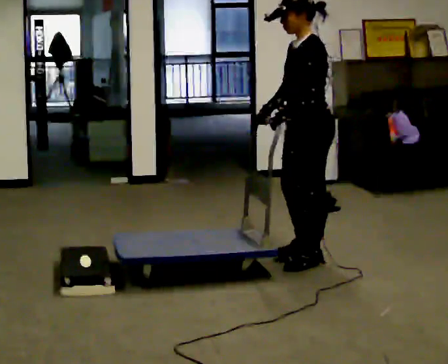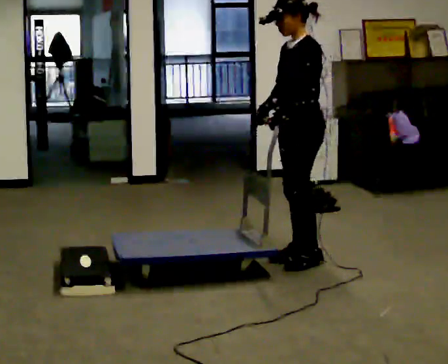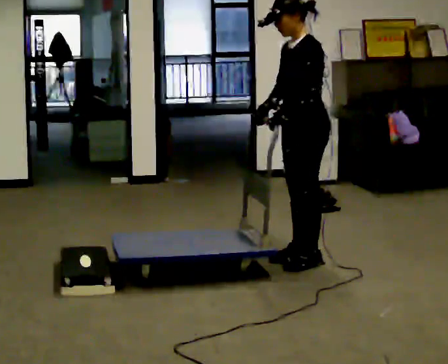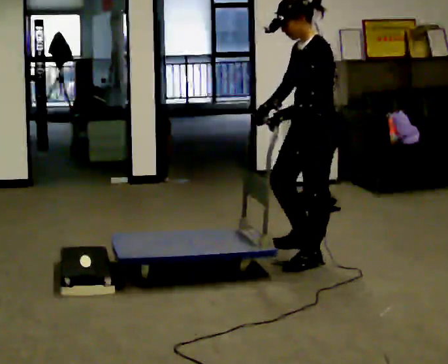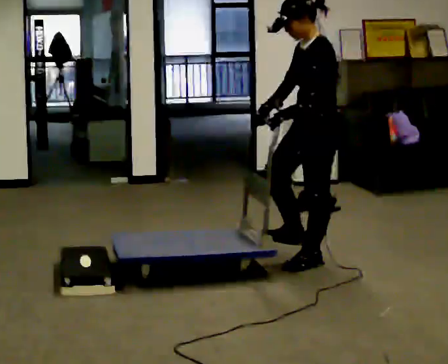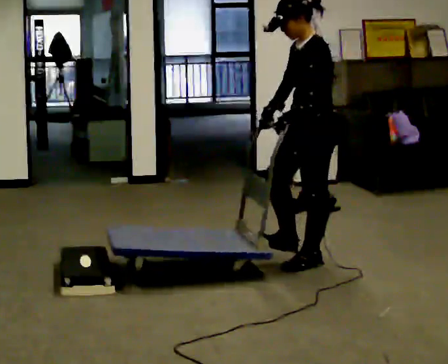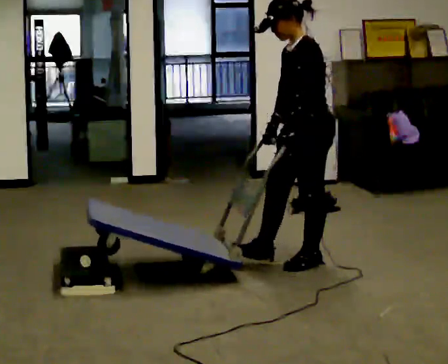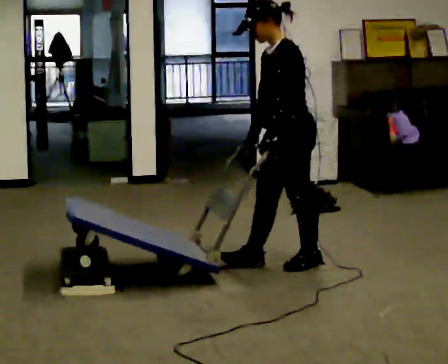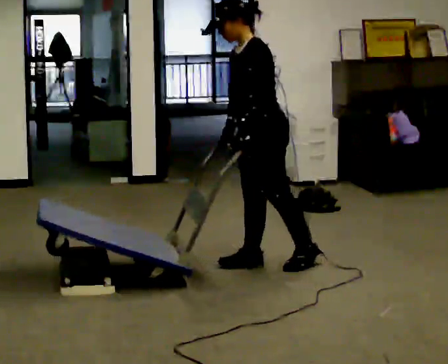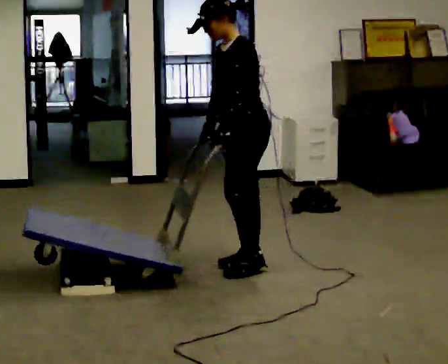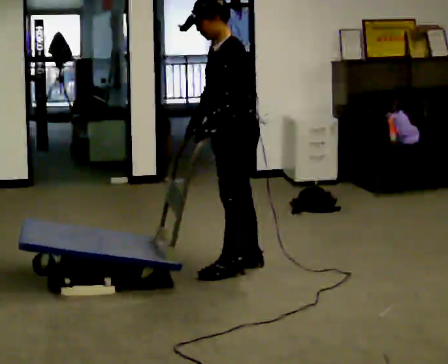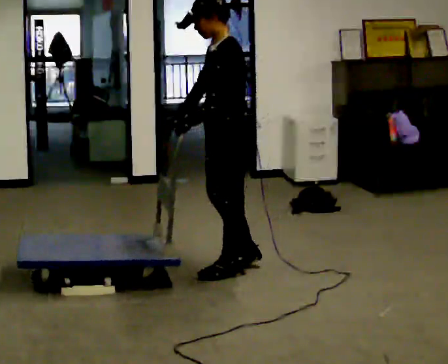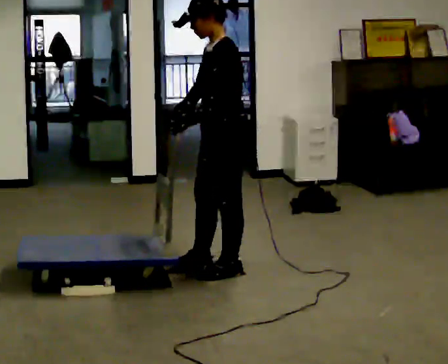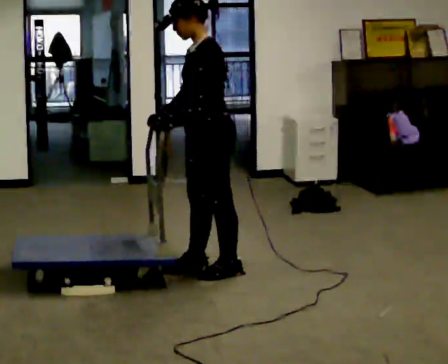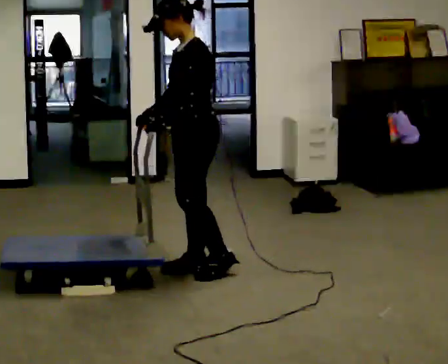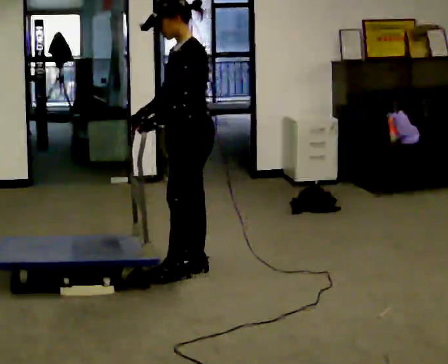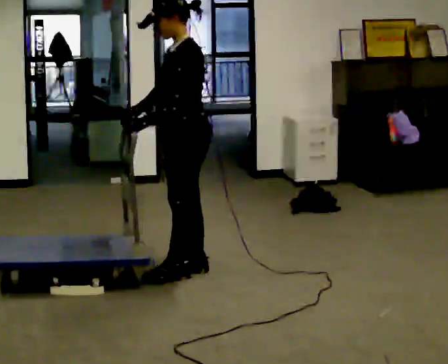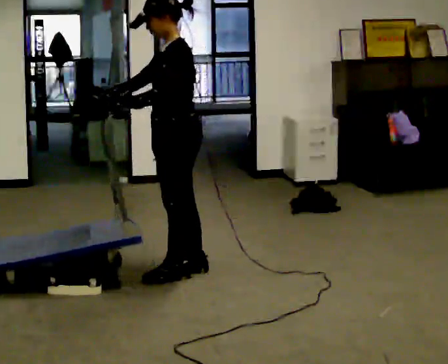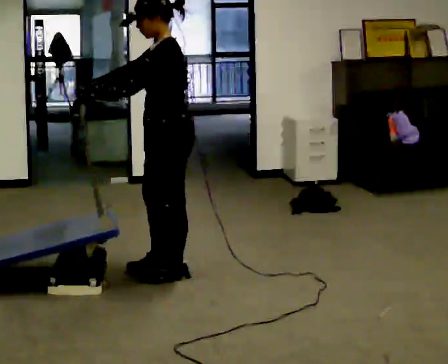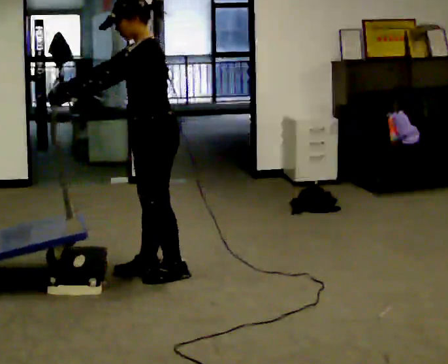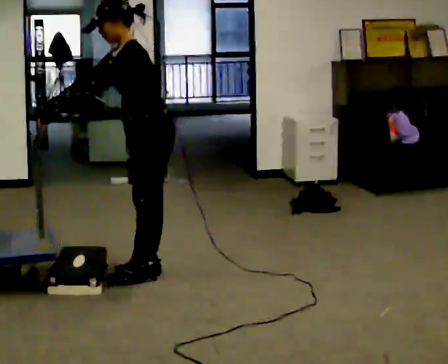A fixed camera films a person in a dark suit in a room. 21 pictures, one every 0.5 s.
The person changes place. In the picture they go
to the left.
0.0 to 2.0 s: The person moves a little, or ends about where they began.
2.0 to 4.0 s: In the picture they go to the left, about 0.25 m in 1 step, which for them is forward.
4.0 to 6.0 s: In the picture they go to the left and toward the camera, about 0.25 m in 1 step, which for them is forward and to their left.
6.0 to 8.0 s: In the picture they go to the left, about 0.25 m in 2 steps, which for them is forward.
8.0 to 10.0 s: In the picture they go to the left, about 0.25 m in 2 steps, which for them is forward. In the picture the upper body tilts counterclockwise, shoulders to the left, as they bend forward. In the picture their right hand goes to the left.
The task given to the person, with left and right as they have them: Push the cart up over the low platform edge and down the other side, then bring it back over.
The film runs forward here.
